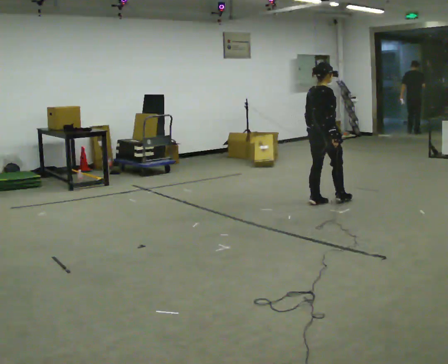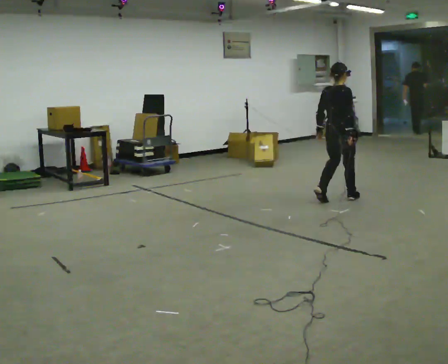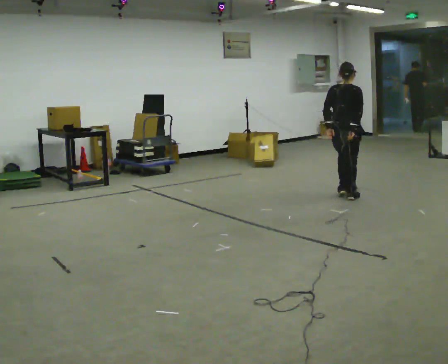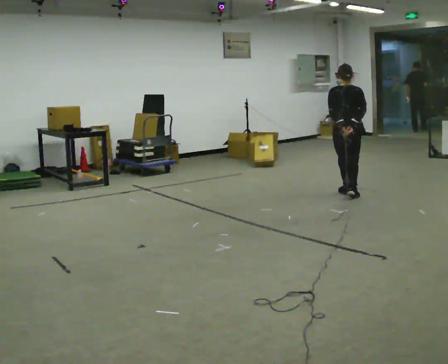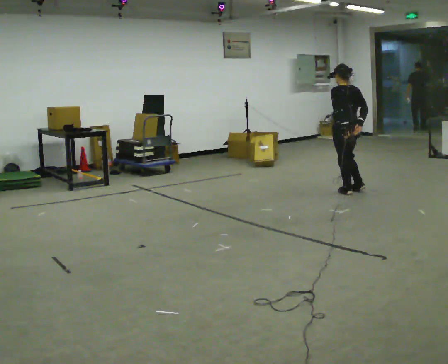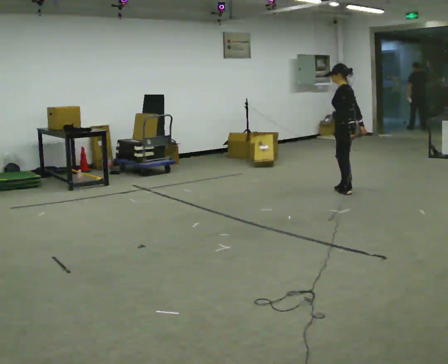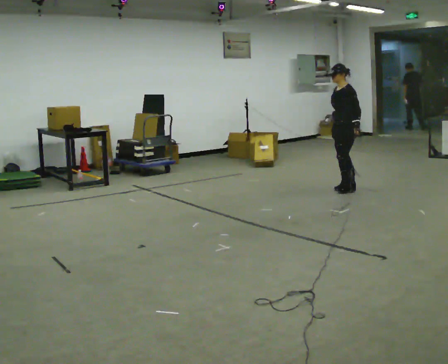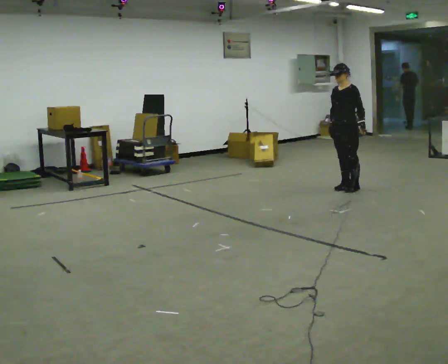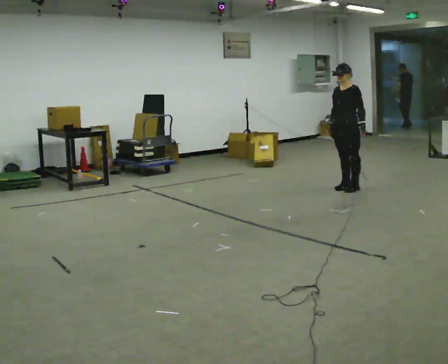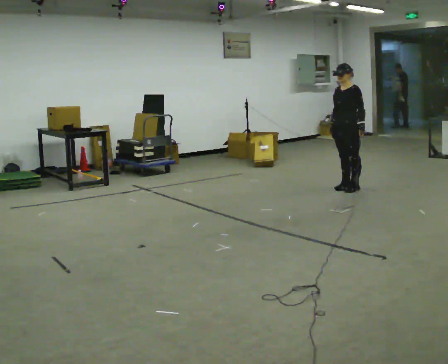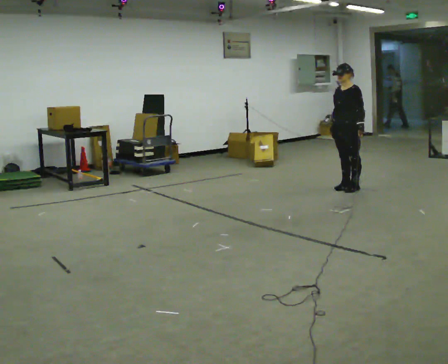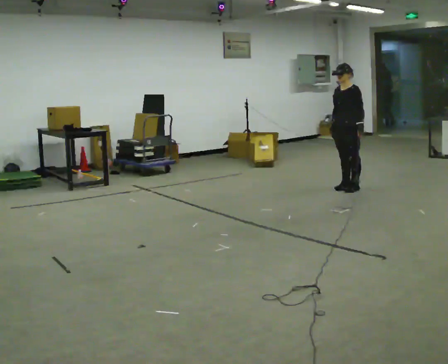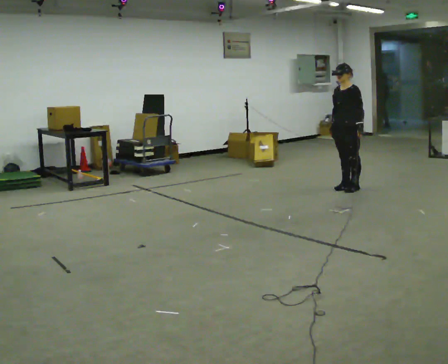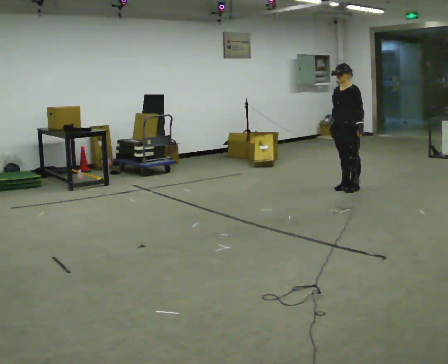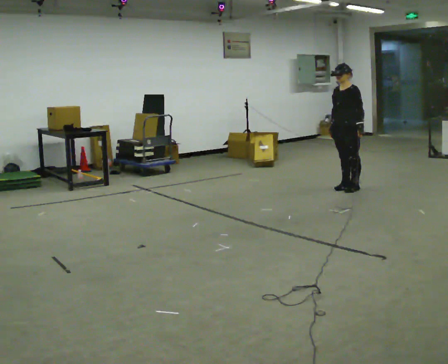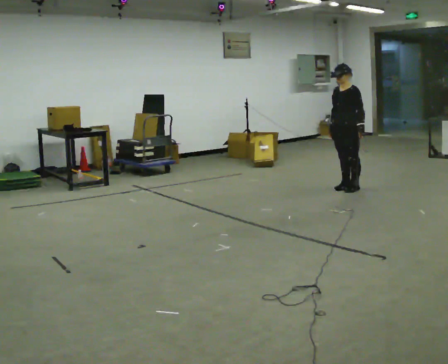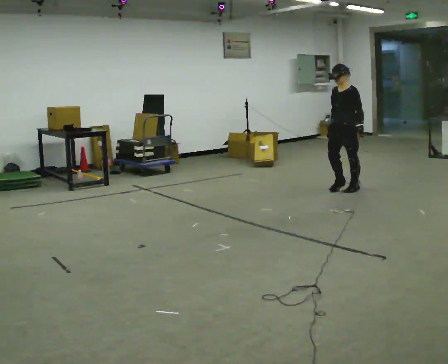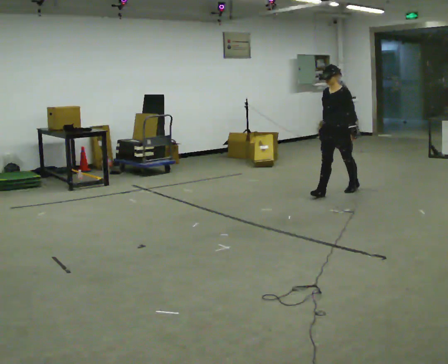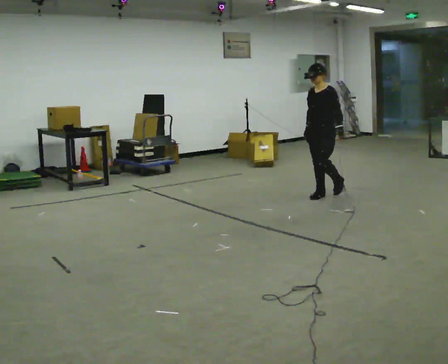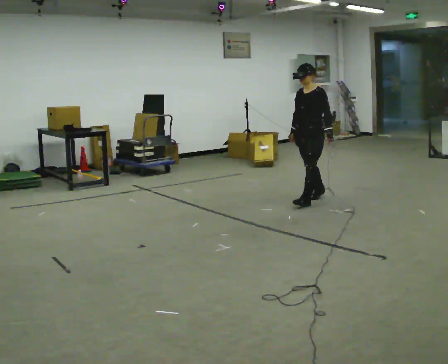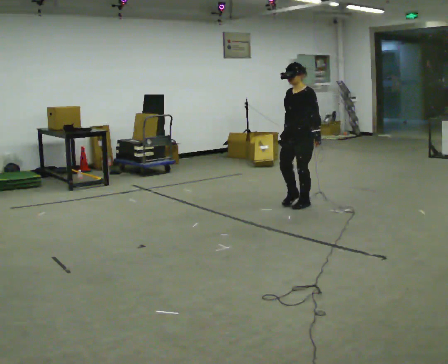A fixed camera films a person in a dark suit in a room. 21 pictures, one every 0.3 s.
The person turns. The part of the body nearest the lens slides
to the right.
The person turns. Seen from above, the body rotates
counterclockwise.
0.0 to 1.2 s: The person turns about 90 degrees to their left, counterclockwise seen from above, so the part of the body nearest the lens slides to the right. In the picture they go away from the camera and to the right, about 0.5 m in 2 steps.
1.2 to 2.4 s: The part of the body nearest the lens slides to the right as the person turns to their left by about 105 degrees. In the picture they go away from the camera, about 0.25 m in 2 steps. In the picture their right hand goes to the left.
2.4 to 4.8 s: The person moves a little, or ends about where they began.
4.8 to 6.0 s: In the picture they go toward the camera and to the left, about 1 m in 2 steps, which for them is forward.
The film runs forward here.
